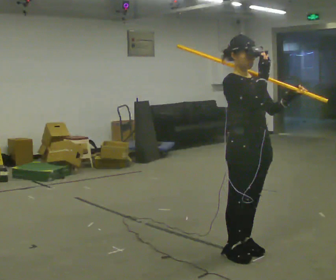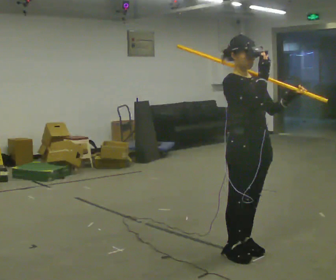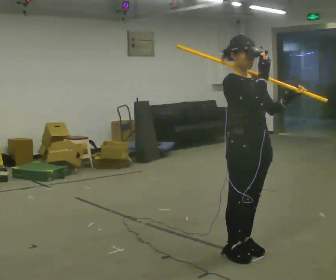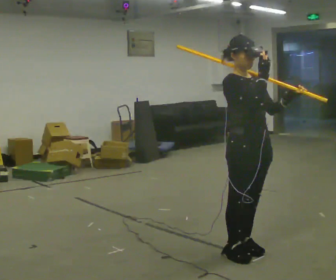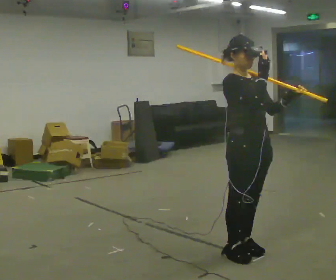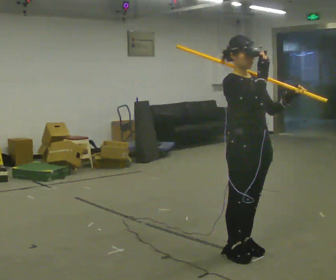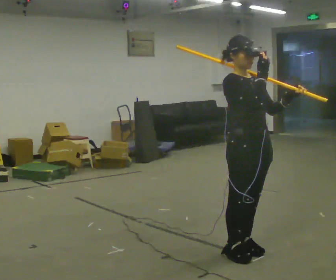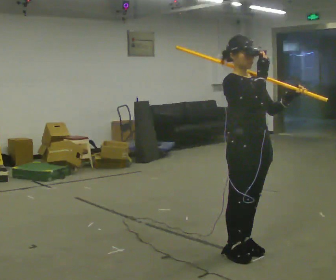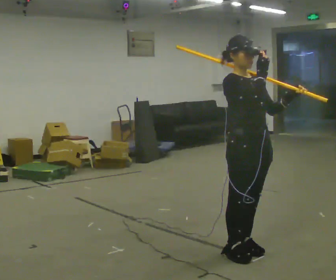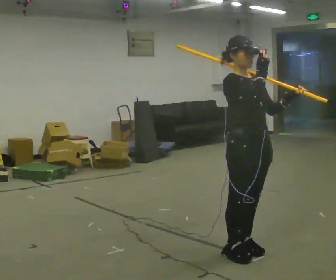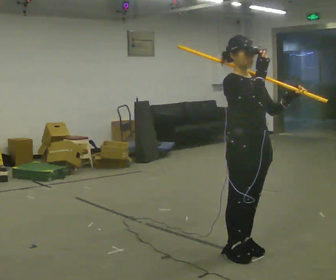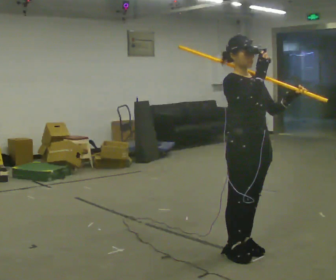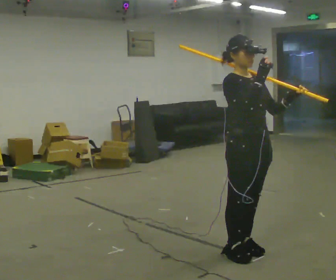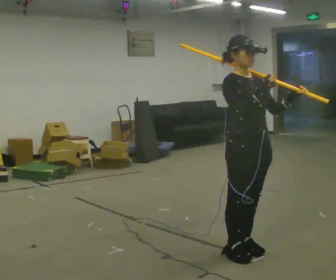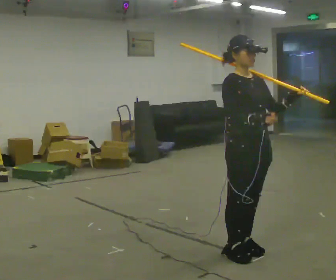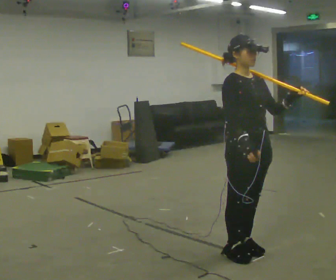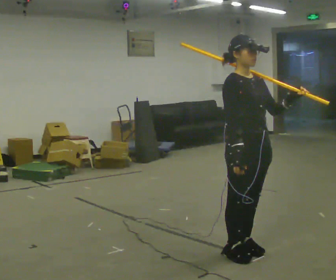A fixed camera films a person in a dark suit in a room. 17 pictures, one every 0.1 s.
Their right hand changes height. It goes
downward.
0.0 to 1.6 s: In the picture their right hand goes downward.
The film runs backward here.
